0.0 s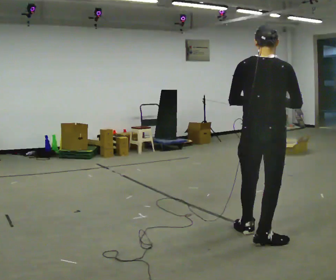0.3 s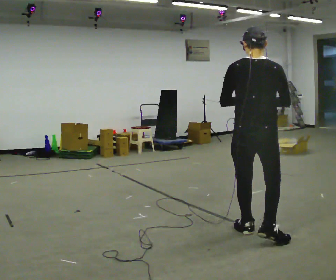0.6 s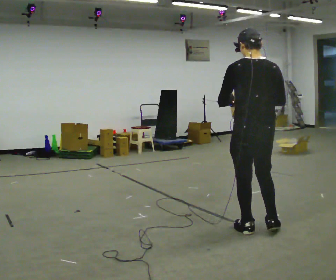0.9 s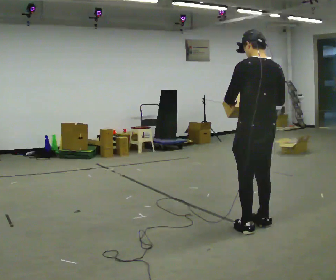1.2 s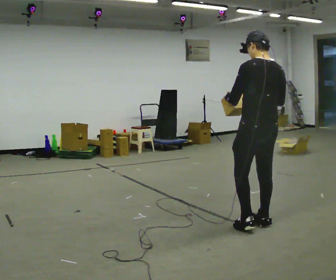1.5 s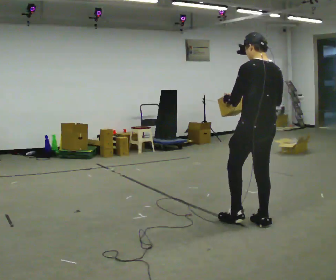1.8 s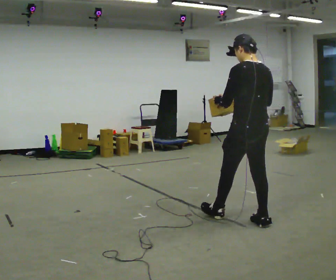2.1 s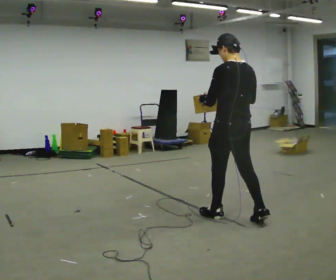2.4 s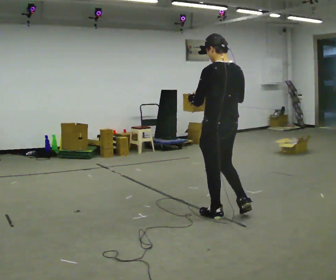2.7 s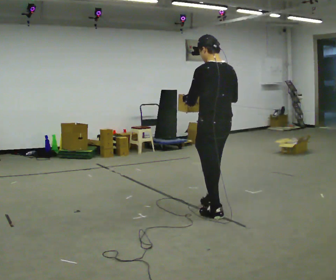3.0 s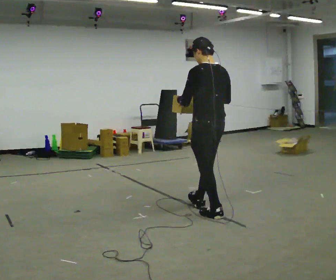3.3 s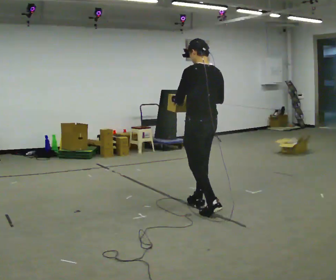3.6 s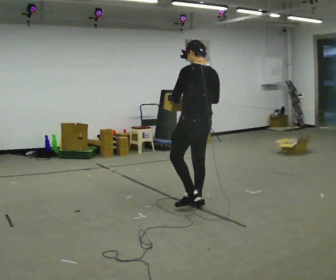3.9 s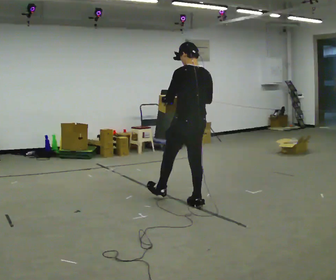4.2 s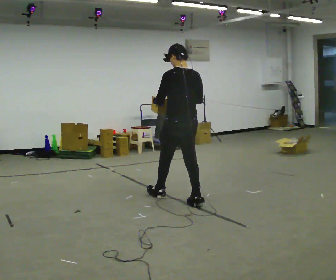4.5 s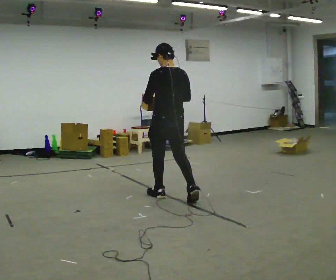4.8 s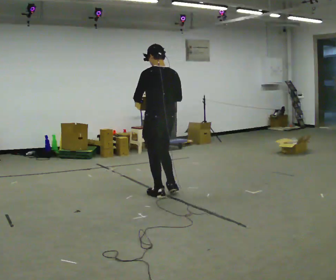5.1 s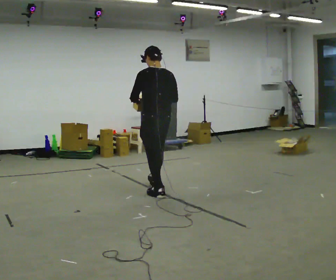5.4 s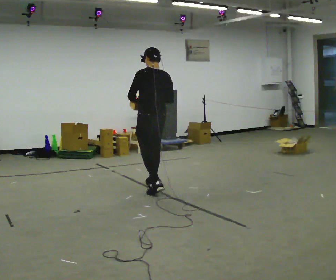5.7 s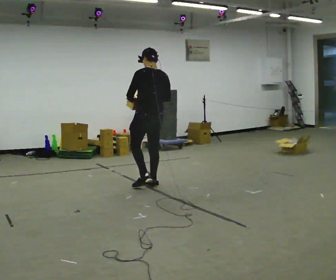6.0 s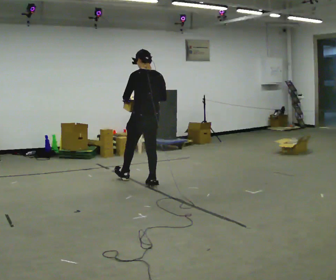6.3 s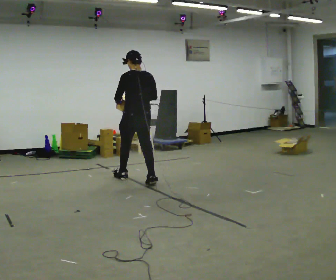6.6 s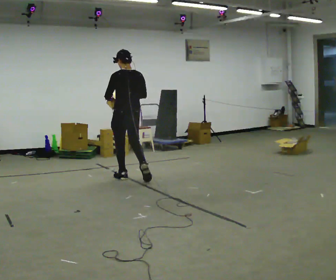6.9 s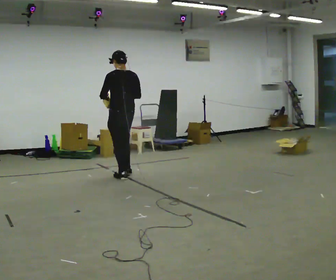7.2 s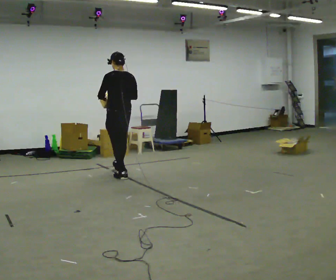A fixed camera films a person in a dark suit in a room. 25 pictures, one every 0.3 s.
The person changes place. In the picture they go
away from the camera.
0.0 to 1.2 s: The person turns about 45 degrees to their left, counterclockwise seen from above, so the part of the body nearest the lens slides to the right. In the picture they go away from the camera, about 0.25 m in 1 step, which for them is forward.
1.2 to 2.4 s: In the picture they go to the left and away from the camera, about 0.5 m in 1 step, which for them is forward.
2.4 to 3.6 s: In the picture they go away from the camera and to the left, about 0.5 m in 1 step, which for them is forward.
3.6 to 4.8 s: In the picture they go away from the camera and to the left, about 0.5 m in 1 step, which for them is forward.
4.8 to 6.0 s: In the picture they go away from the camera, about 0.5 m in 1 step, which for them is forward.
6.0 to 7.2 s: In the picture they go away from the camera and to the left, about 0.5 m in 2 steps, which for them is forward.
The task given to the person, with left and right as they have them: Carry the object and, while walking, turn it over in your hands to look at all sides of it. Keep turning it as you walk.
The film runs forward here.
